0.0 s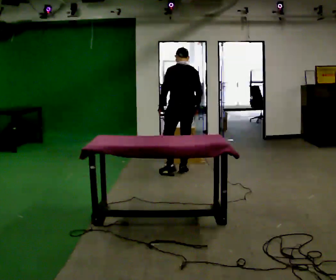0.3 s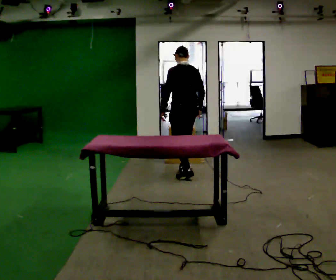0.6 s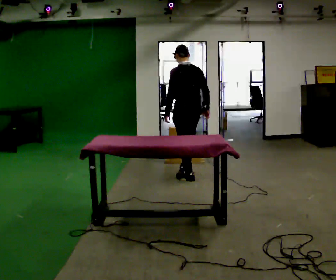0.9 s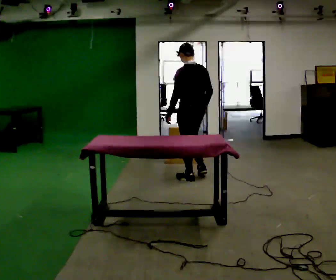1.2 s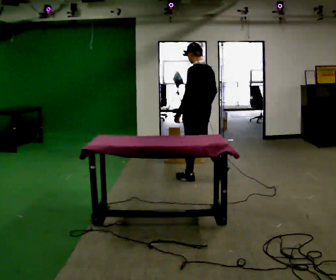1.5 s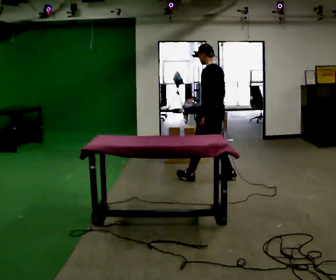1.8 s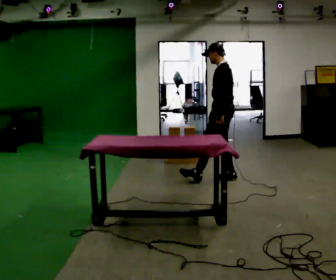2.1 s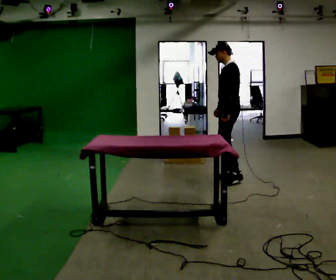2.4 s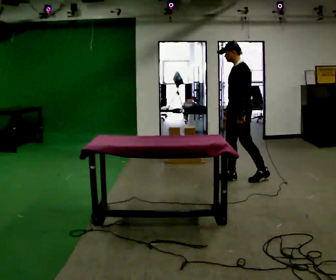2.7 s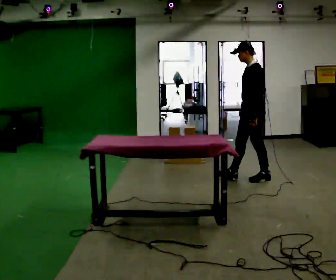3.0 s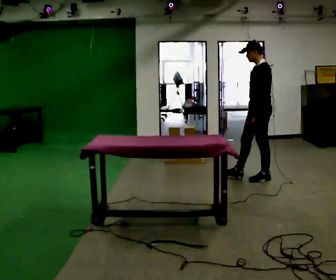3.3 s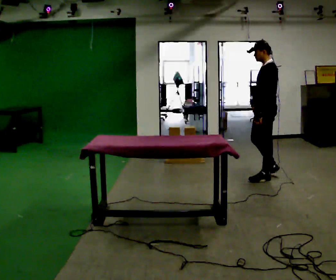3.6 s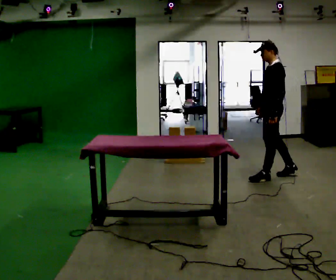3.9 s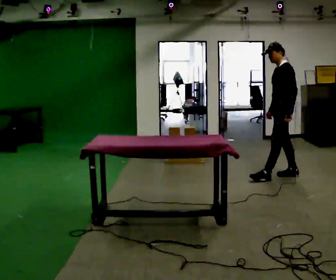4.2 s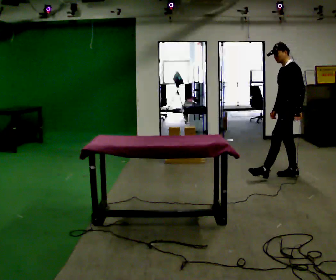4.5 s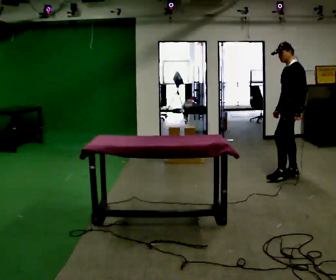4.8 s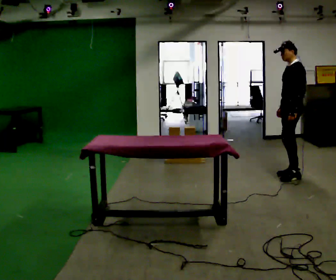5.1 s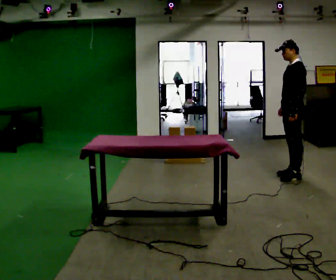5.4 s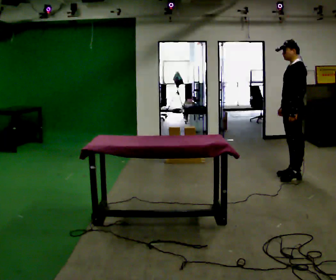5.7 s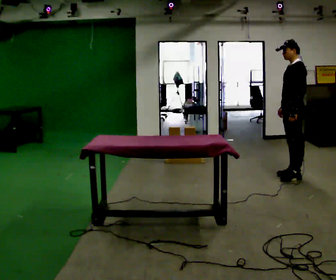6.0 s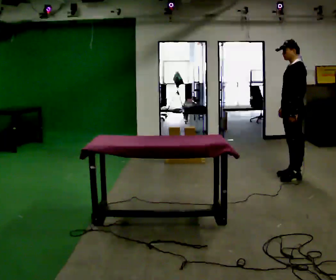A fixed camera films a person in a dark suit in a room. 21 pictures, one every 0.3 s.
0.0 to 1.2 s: The person turns about 30 degrees to their left, counterclockwise seen from above, so the part of the body nearest the lens slides to the right. In the picture they go toward the camera and to the right, about 0.5 m in 1 step, which for them is backward.
1.2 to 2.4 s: Seen from above the body turns counterclockwise, about 60 degrees: to their left, with its near side sliding to the right. In the picture they go to the right, about 0.5 m in 1 step, which for them is backward.
2.4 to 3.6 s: In the picture they go to the right, about 0.5 m in 1 step, which for them is backward.
3.6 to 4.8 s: In the picture they go to the right, about 0.25 m in 1 step, which for them is backward.
4.8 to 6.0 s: The person moves a little, or ends about where they began.
The film runs backward here.
